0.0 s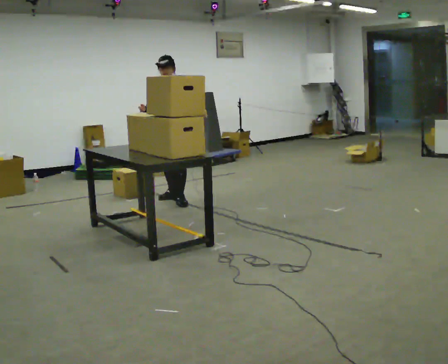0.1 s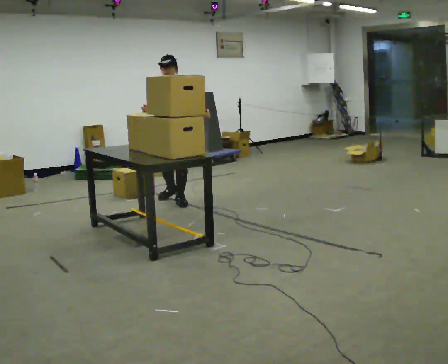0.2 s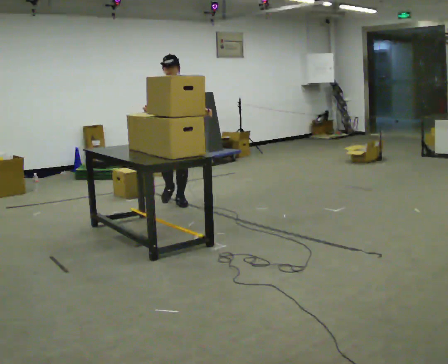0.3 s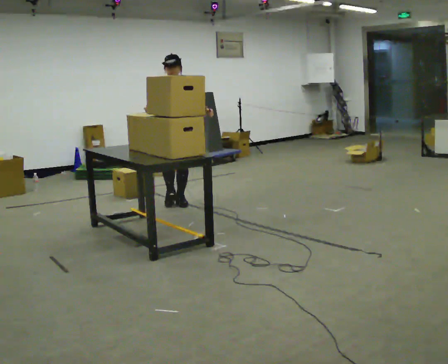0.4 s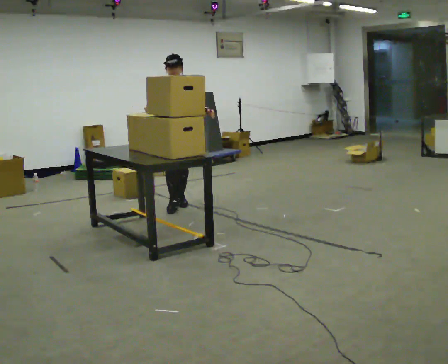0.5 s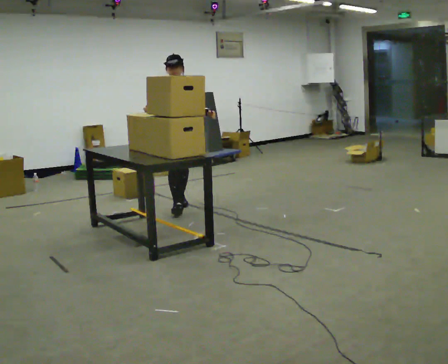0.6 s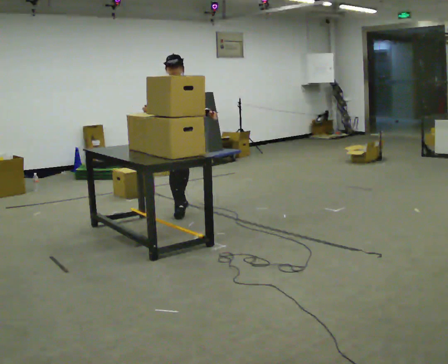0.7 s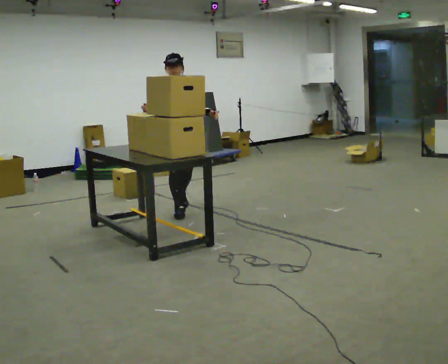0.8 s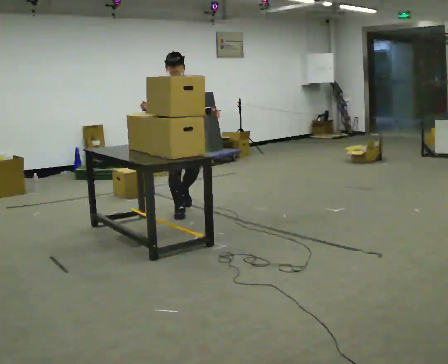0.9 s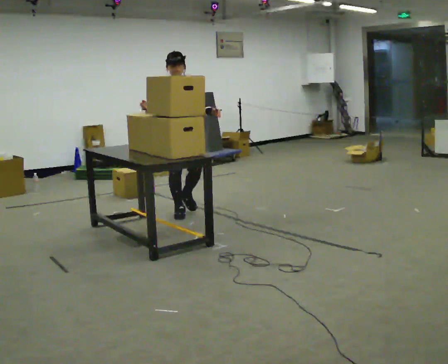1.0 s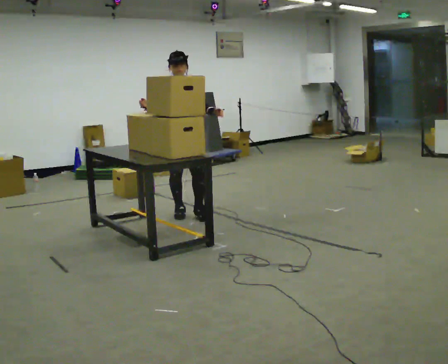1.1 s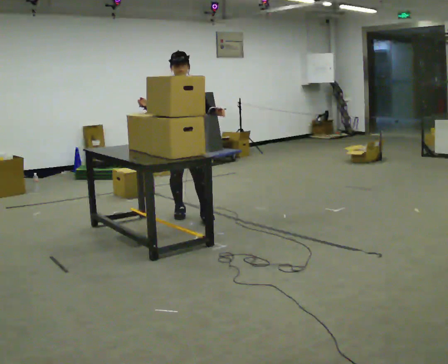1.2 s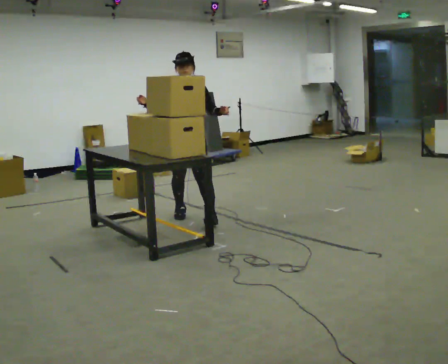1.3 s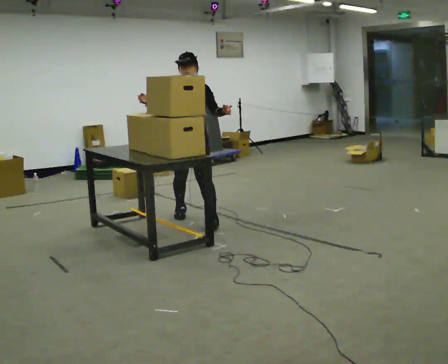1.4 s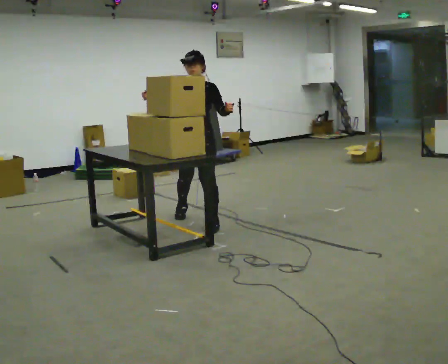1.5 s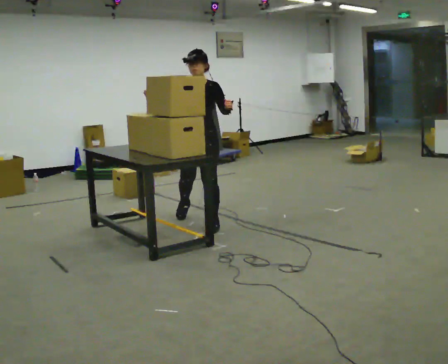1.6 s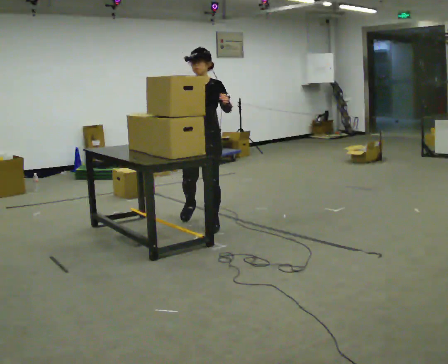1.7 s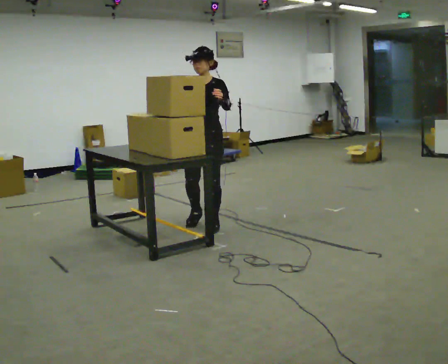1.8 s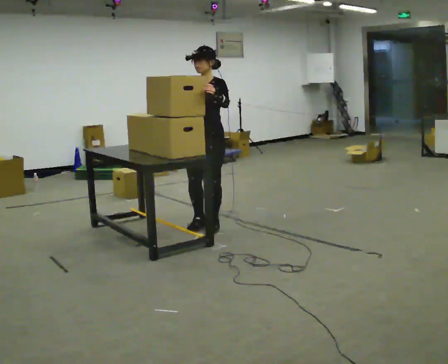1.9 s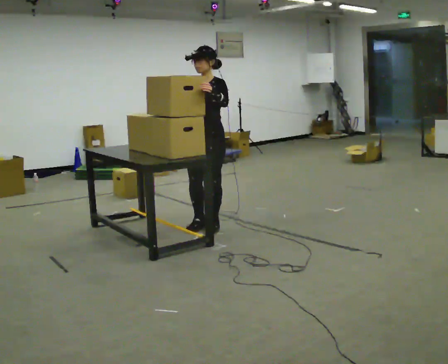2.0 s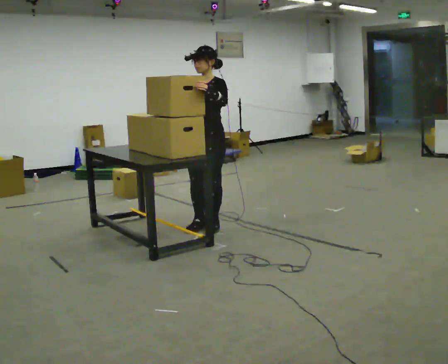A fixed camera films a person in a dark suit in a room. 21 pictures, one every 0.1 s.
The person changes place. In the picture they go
toward the camera.
0.0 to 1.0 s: The person turns about 30 degrees to their left, counterclockwise seen from above, so the part of the body nearest the lens slides to the right. In the picture they go toward the camera, about 0.5 m in 1 step, which for them is forward.
1.0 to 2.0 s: The person turns about 60 degrees to their right, clockwise seen from above, so the part of the body nearest the lens slides to the left. In the picture they go toward the camera and to the right, about 0.5 m in 2 steps, which for them is to their left and forward.
The film runs forward here.
